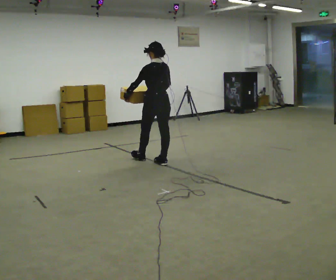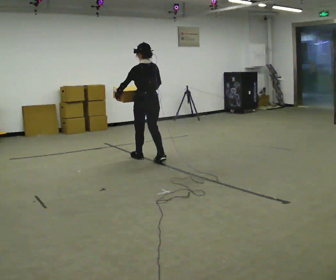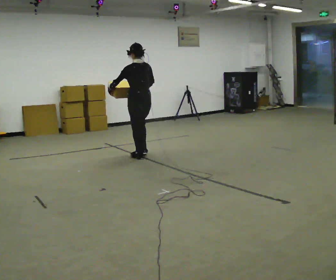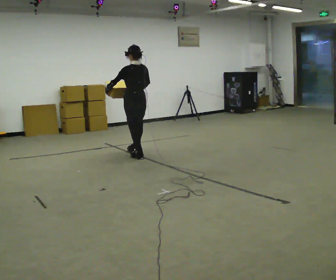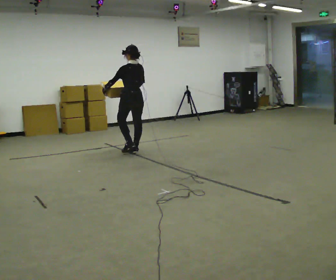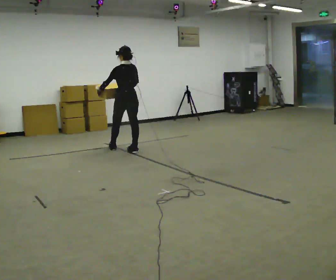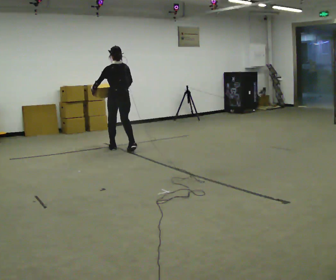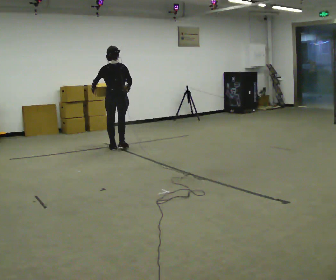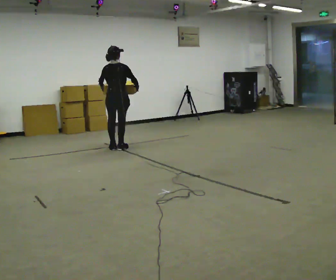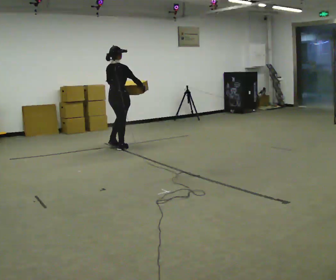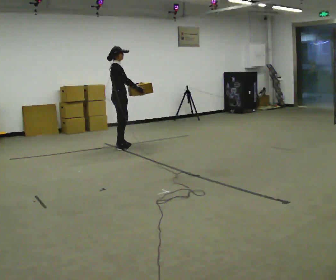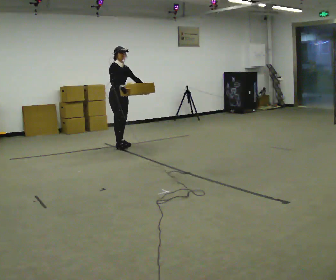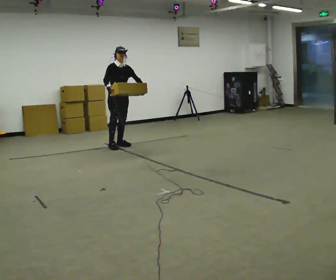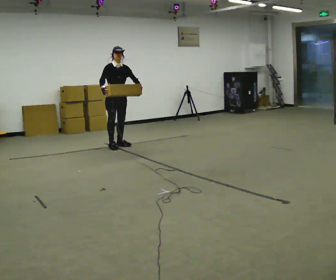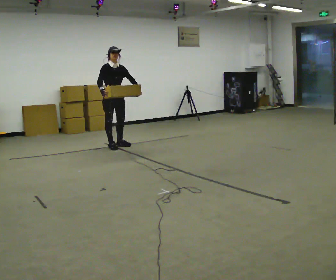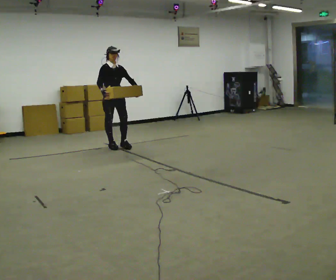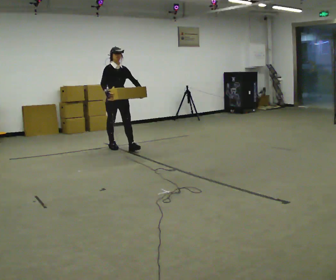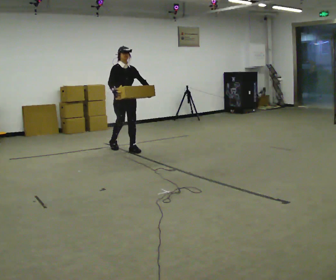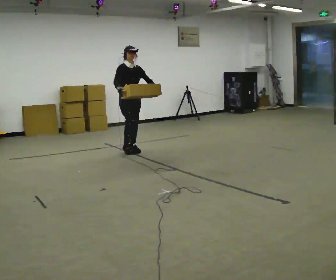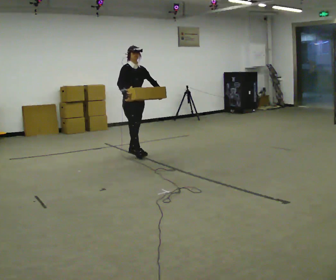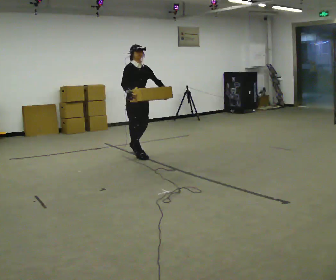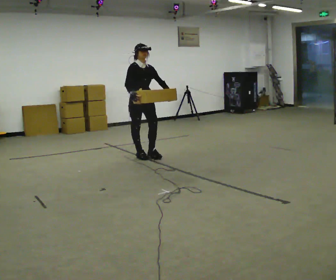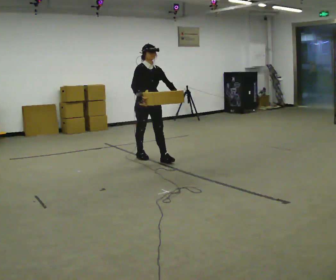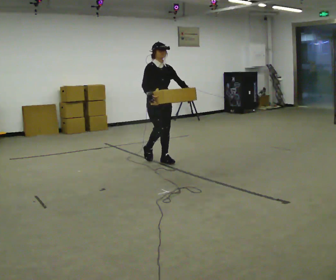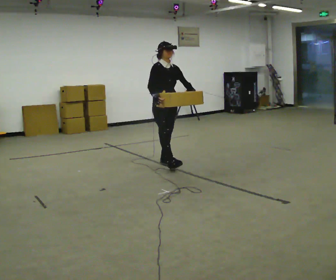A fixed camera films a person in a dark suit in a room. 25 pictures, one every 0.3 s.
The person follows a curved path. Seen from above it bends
counterclockwise.
0.0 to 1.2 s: In the picture they go away from the camera and to the left, about 0.5 m in 2 steps, which for them is forward.
1.2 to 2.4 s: Seen from above the body turns clockwise, about 45 degrees: to their right, with its near side sliding to the left. In the picture they go away from the camera and to the left, about 0.5 m in 2 steps, which for them is forward and to their left.
2.4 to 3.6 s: Seen from above the body turns clockwise, about 135 degrees: to their right, with its near side sliding to the left. In the picture they go away from the camera, about 0.25 m in 2 steps.
3.6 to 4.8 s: In the picture they go toward the camera, about 0.25 m in 1 step, which for them is forward and to their right.
4.8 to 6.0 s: In the picture they go toward the camera and to the right, about 0.5 m in 1 step, which for them is forward.
6.0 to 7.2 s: In the picture they go toward the camera and to the right, about 0.75 m in 1 step, which for them is forward.
The film runs forward here.
